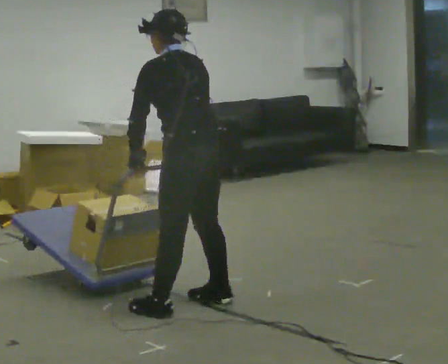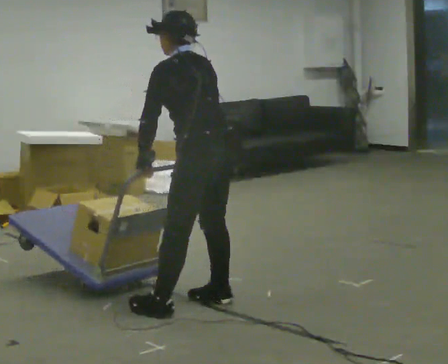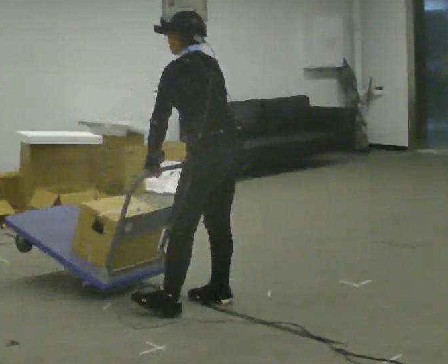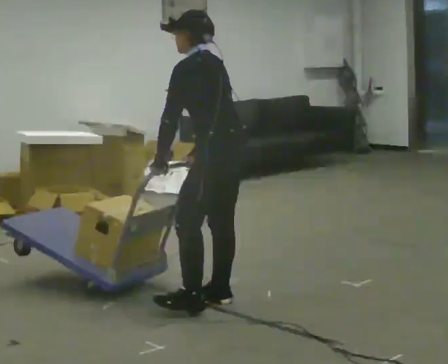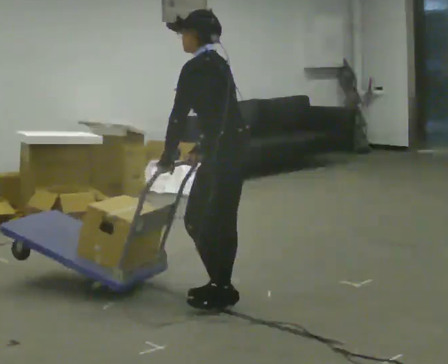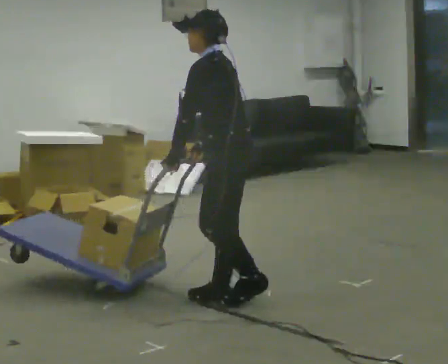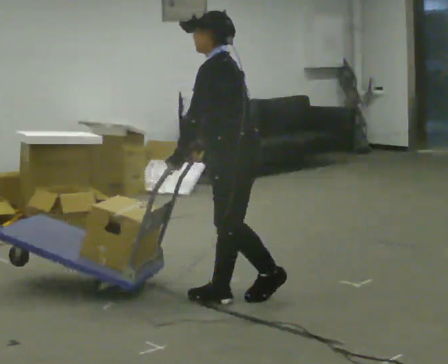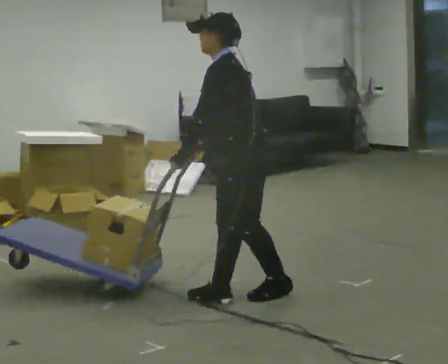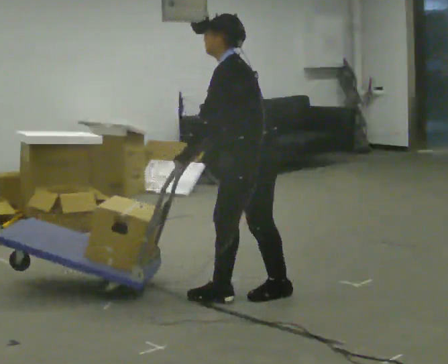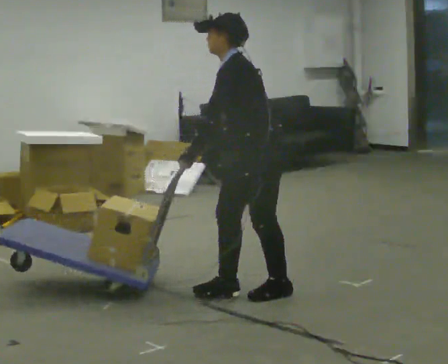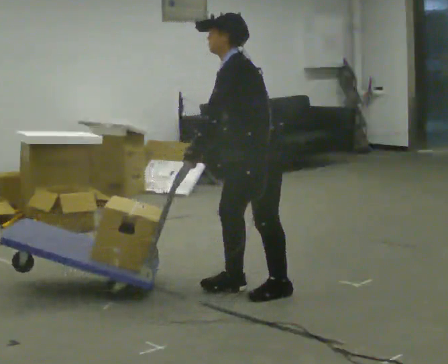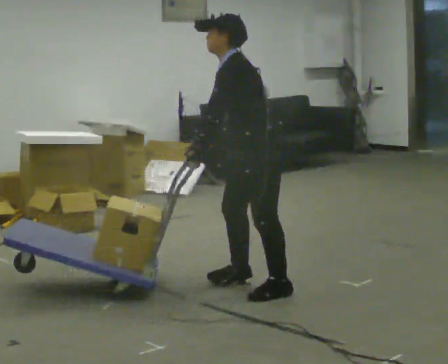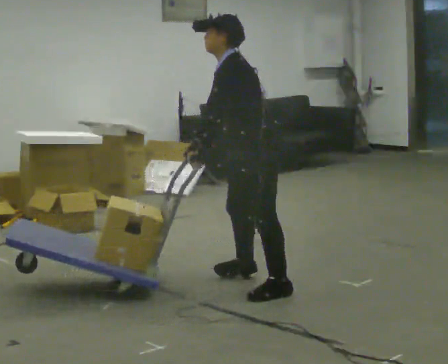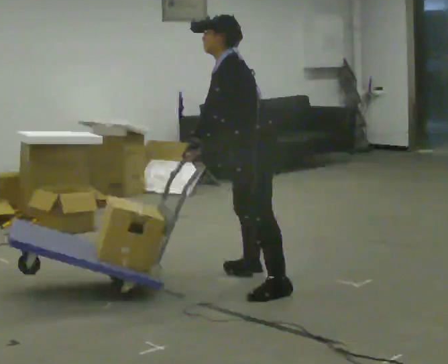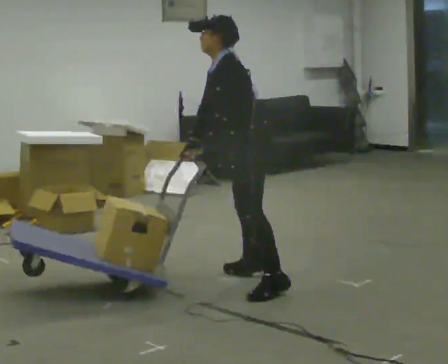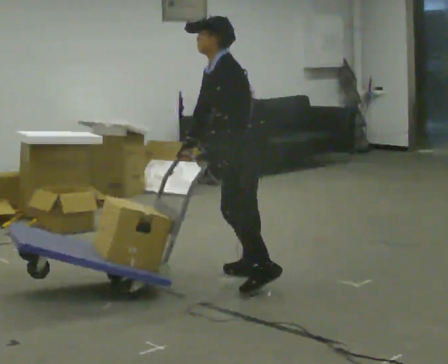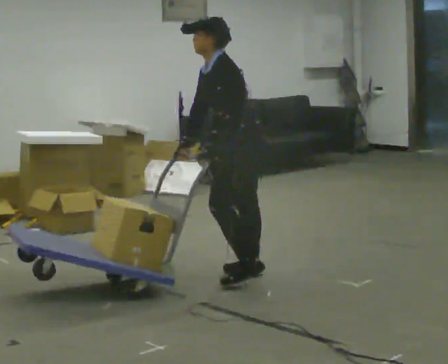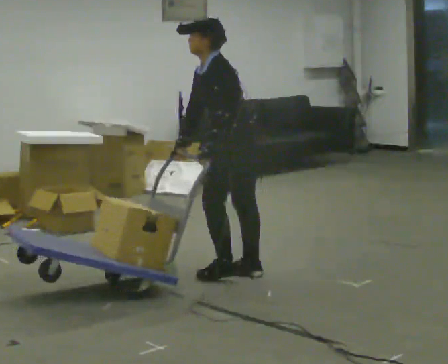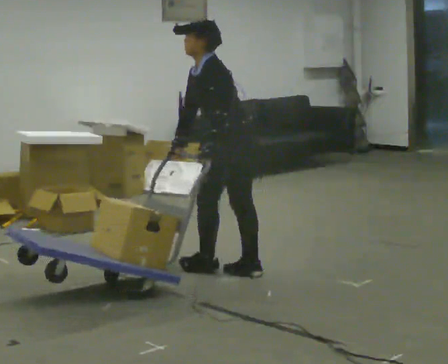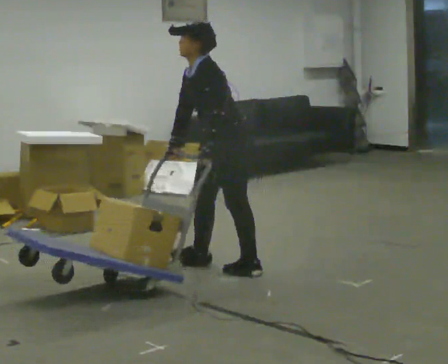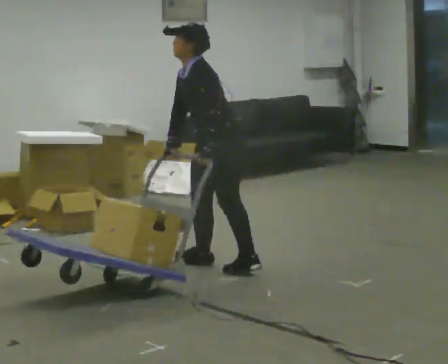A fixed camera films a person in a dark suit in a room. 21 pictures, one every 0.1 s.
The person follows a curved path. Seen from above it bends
counterclockwise.
The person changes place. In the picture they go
away from the camera.
0.0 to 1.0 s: The person turns about 60 degrees to their left, counterclockwise seen from above, so the part of the body nearest the lens slides to the right. In the picture they go to the right and away from the camera, about 0.5 m in 2 steps, which for them is to their right and backward.
1.0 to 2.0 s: Seen from above the body turns clockwise, about 30 degrees: to their right, with its near side sliding to the left. In the picture they go away from the camera and to the left, about 0.5 m in 2 steps, which for them is to their right and forward.
The film runs forward here.
